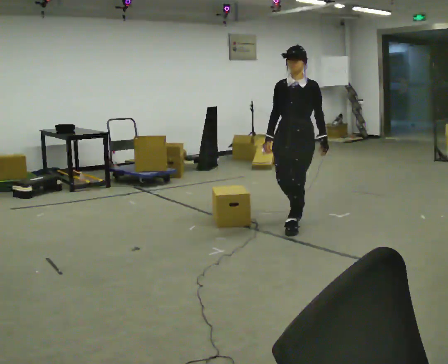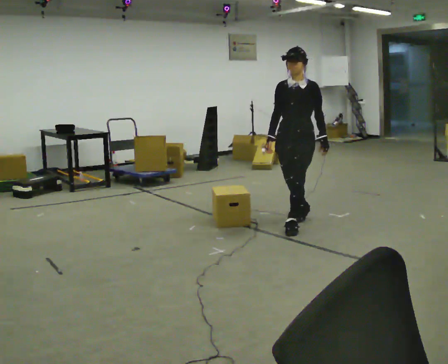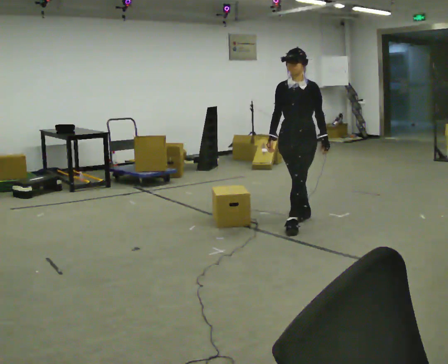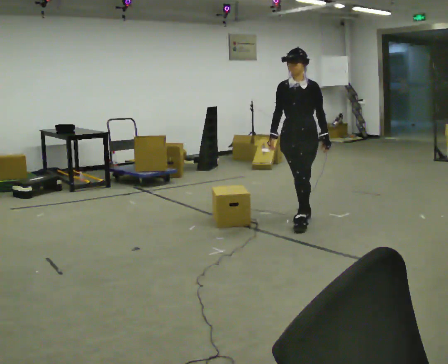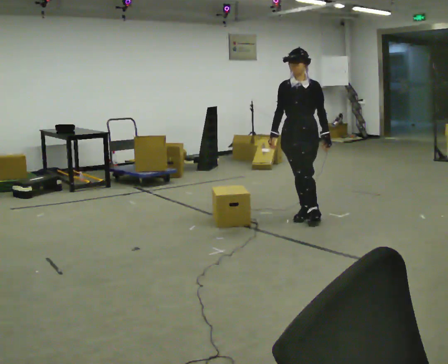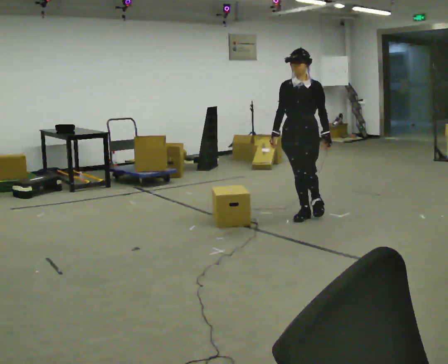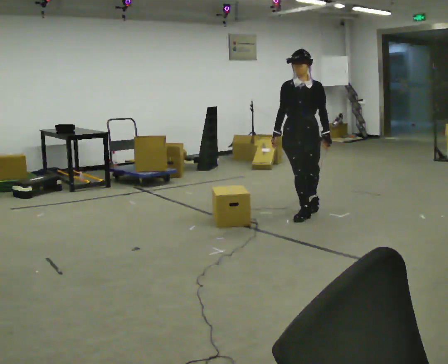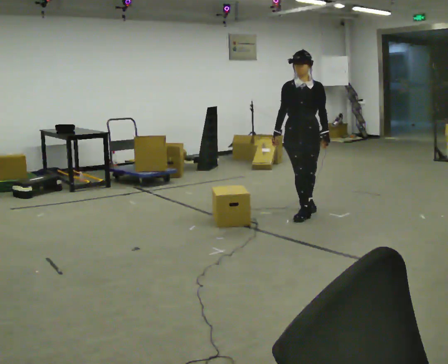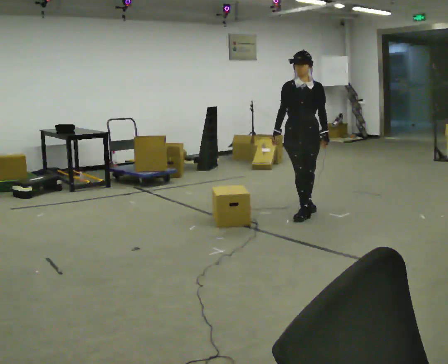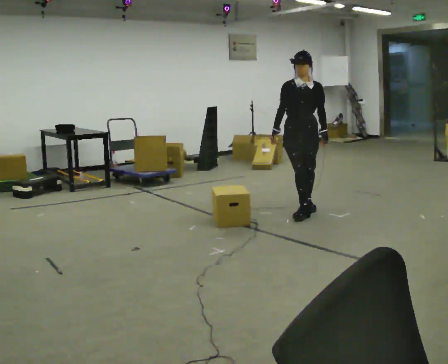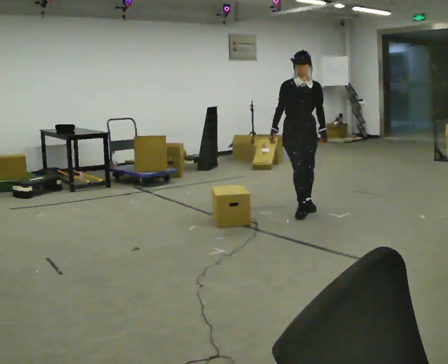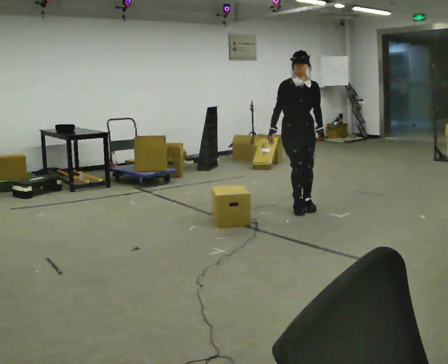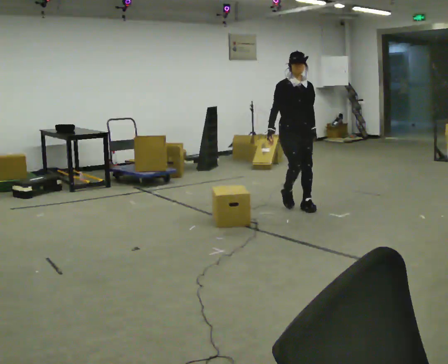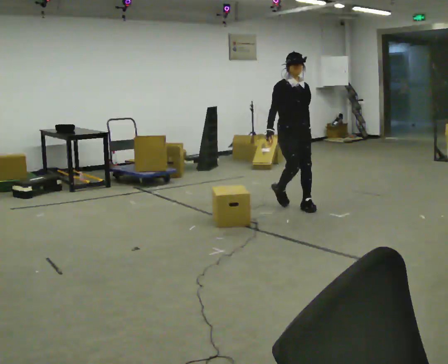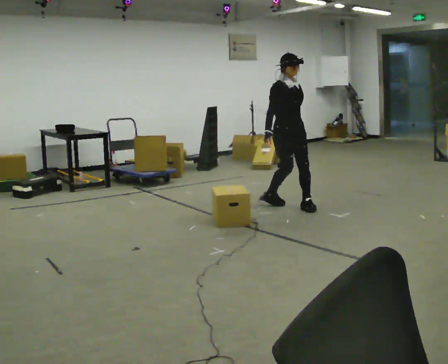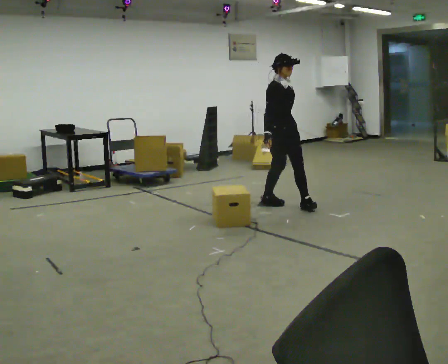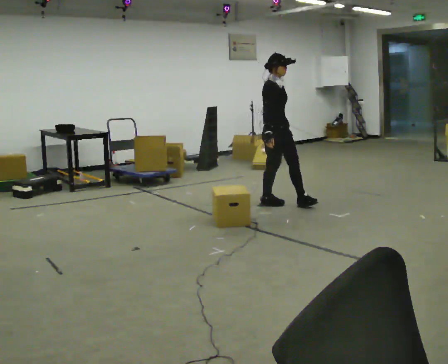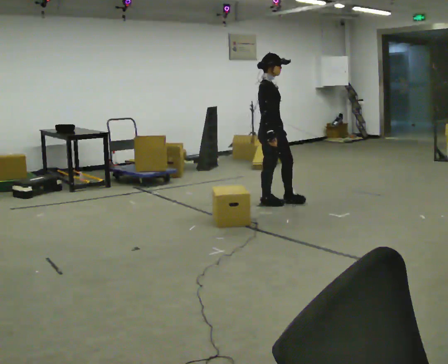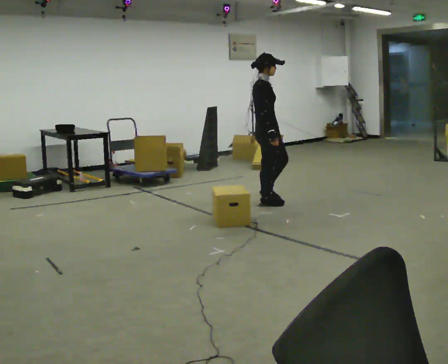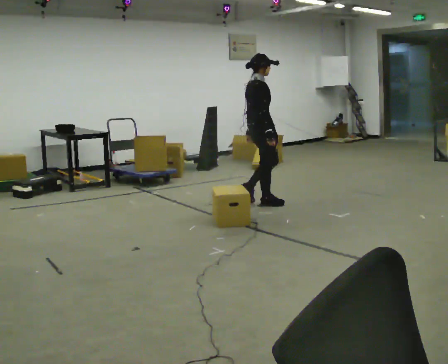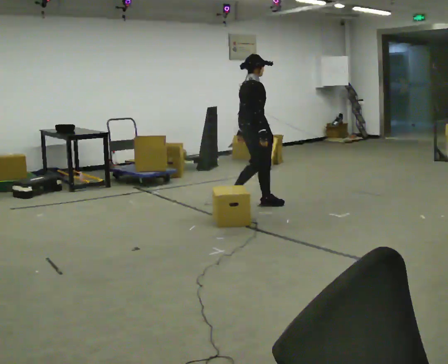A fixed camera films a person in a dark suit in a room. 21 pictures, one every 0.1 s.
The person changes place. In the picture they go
away from the camera.
The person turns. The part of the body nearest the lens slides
to the right.
0.0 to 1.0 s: The part of the body nearest the lens slides to the right as the person turns to their left by about 30 degrees. In the picture they go away from the camera, about 0.75 m in 2 steps, which for them is backward.
1.0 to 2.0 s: Seen from above the body turns counterclockwise, about 105 degrees: to their left, with its near side sliding to the right. In the picture they go to the left and away from the camera, about 0.5 m in 1 step.
The film runs backward here.
